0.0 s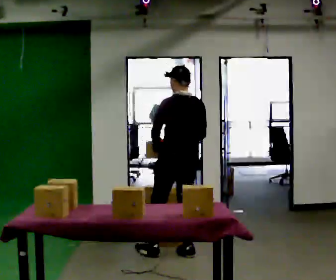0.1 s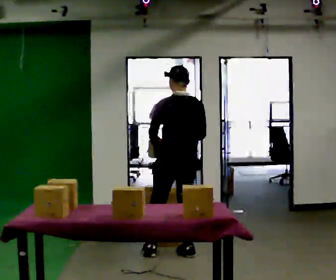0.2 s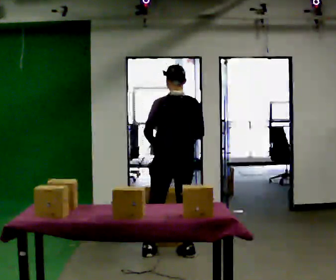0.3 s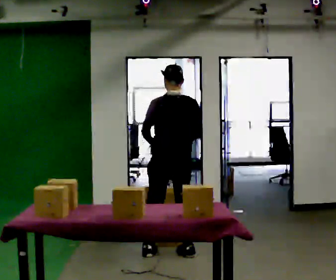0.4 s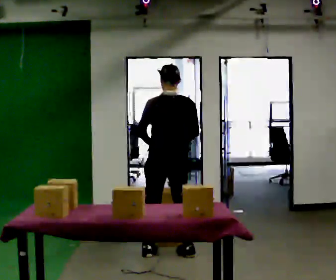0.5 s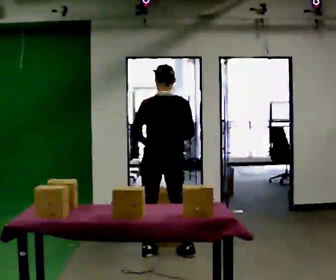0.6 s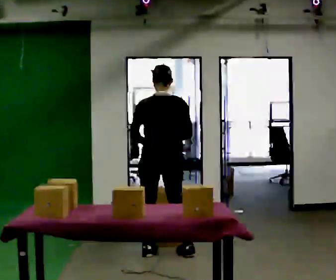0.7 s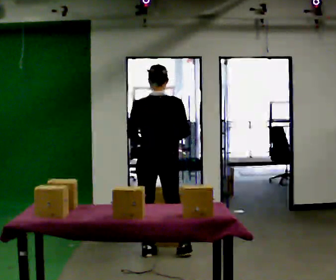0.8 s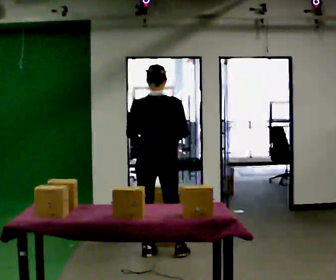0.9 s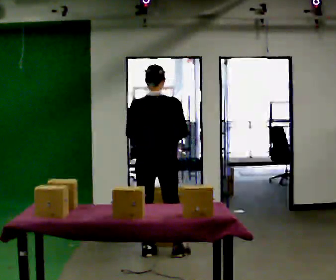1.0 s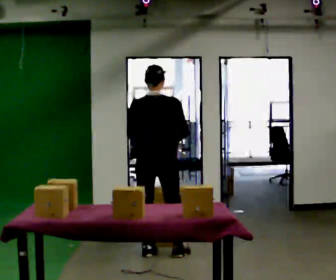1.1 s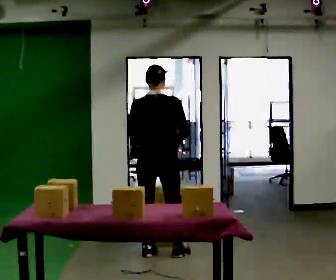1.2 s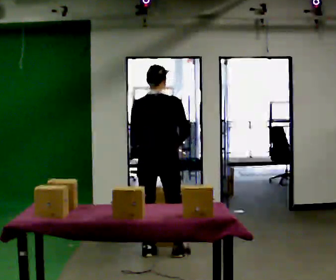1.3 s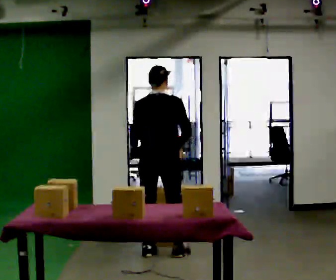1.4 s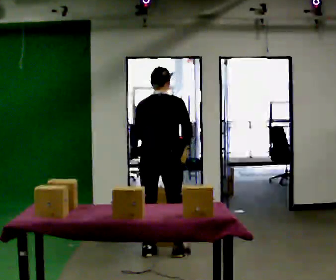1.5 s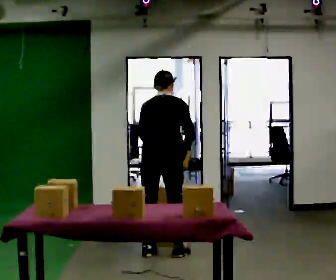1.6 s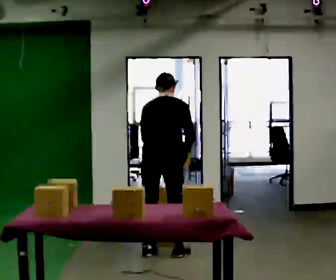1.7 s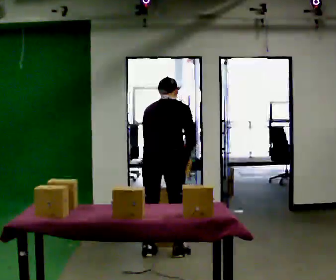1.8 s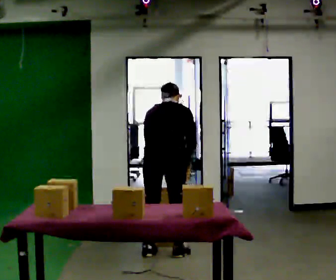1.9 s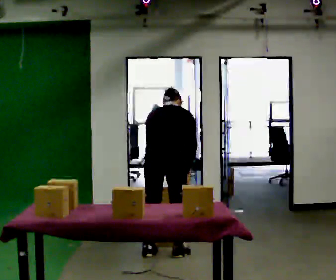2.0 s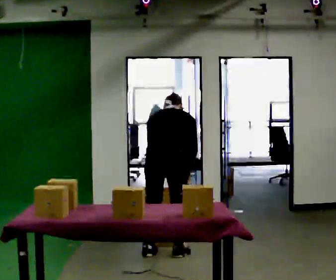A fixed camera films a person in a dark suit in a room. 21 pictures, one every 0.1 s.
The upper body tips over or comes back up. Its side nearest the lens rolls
upward.
0.0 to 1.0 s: The part of the body nearest the lens slides to the left as the person turns to their right by about 30 degrees. In the picture they go to the left, about 0.25 m, which for them is to their left.
1.0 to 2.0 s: The shoulders move downward. The upper body tips away from the camera, its near side rolling upward, as they bend forward.
The film runs backward here.
